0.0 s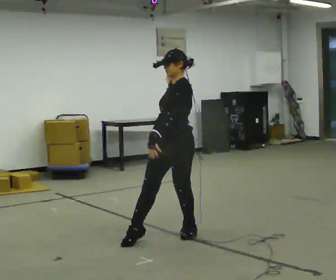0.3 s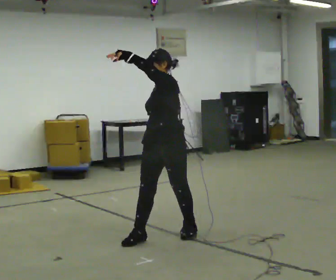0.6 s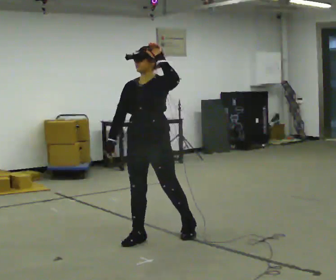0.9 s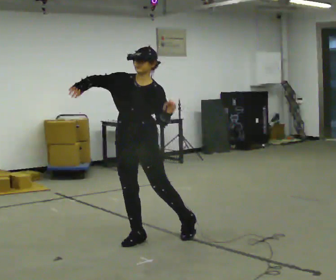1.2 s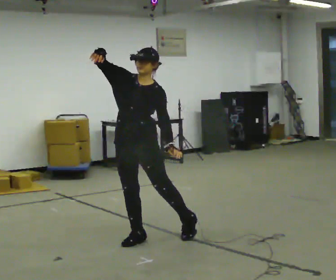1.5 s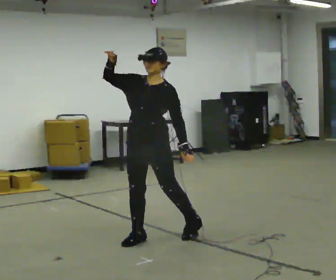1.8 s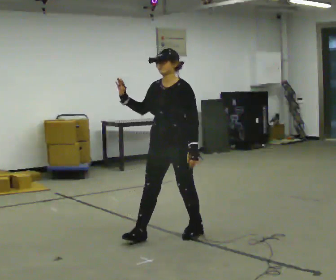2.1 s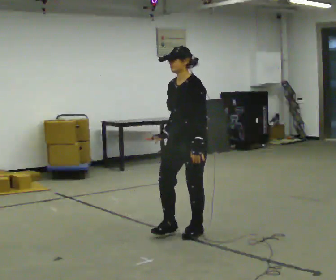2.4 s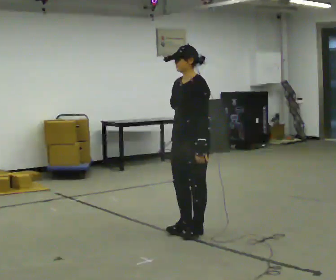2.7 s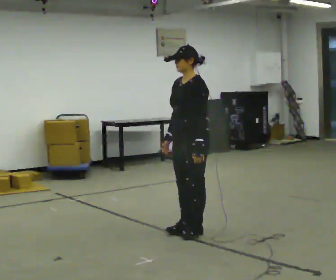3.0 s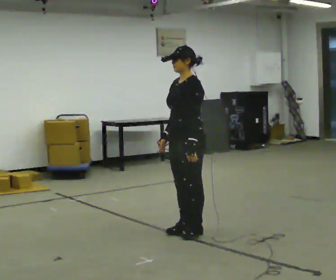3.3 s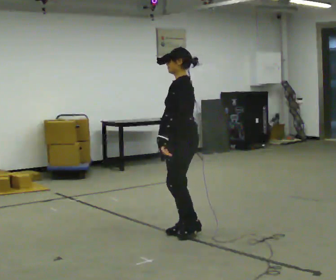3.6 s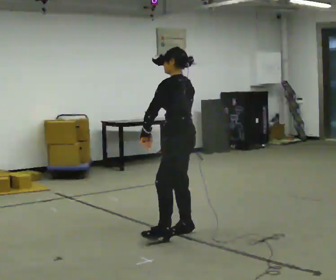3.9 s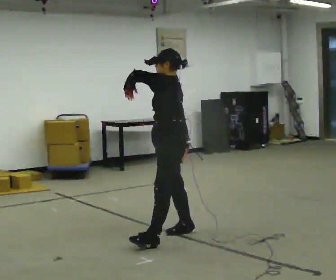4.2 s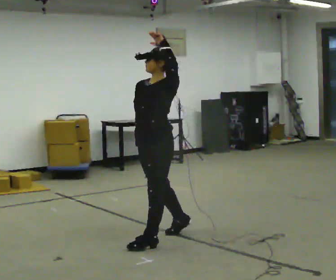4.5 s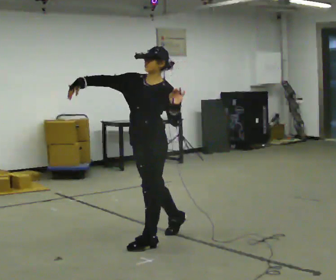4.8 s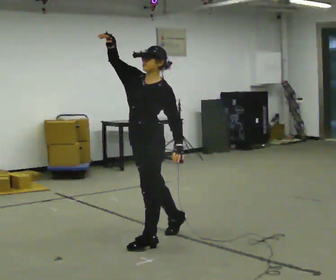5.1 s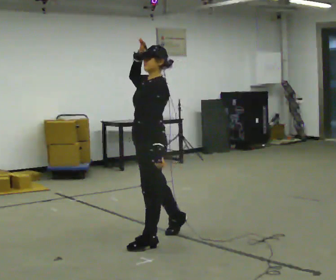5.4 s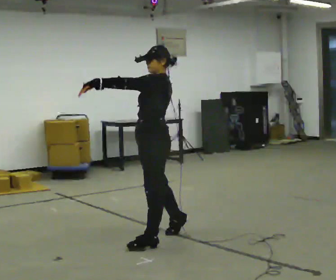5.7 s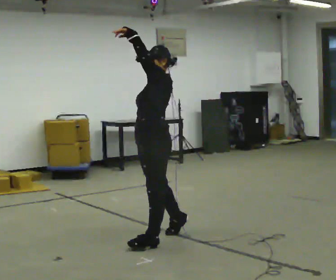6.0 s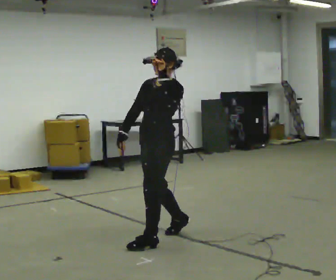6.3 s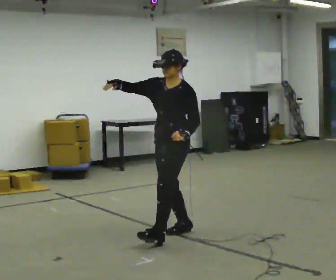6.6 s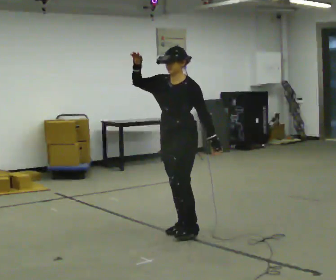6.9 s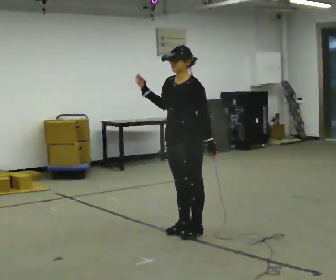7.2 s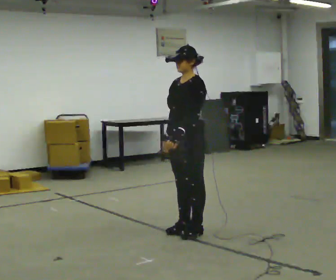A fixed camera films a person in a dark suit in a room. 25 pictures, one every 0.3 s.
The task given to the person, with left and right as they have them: Move however you like, changing style and tempo as you go; keep moving continuously.
0.0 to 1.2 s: The part of the body nearest the lens slides to the right as the person turns to their left by about 45 degrees. In the picture they go to the left, about 0.25 m, which for them is to their right and forward. In the picture their right hand goes upward.
1.2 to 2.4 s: Seen from above the body turns clockwise, about 30 degrees: to their right, with its near side sliding to the left. In the picture they go to the right and away from the camera, about 0.5 m in 1 step, which for them is backward and to their left. In the picture their right hand goes downward, the arm swinging counterclockwise.
2.4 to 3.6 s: The person turns about 45 degrees to their right, clockwise seen from above, so the part of the body nearest the lens slides to the left. In the picture their left hand goes to the left.
3.6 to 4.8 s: The part of the body nearest the lens slides to the right as the person turns to their left by about 45 degrees. In the picture they go to the left and toward the camera, about 0.25 m in 1 step. In the picture the upper body tilts clockwise, shoulders to the right, as they lean back or straighten. In the picture their right hand goes upward, the arm swinging clockwise.
4.8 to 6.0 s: In the picture their right hand goes downward.
6.0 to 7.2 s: In the picture they go to the right and away from the camera, about 0.25 m in 1 step, which for them is backward. In the picture their left hand goes downward.
The film runs forward here.
